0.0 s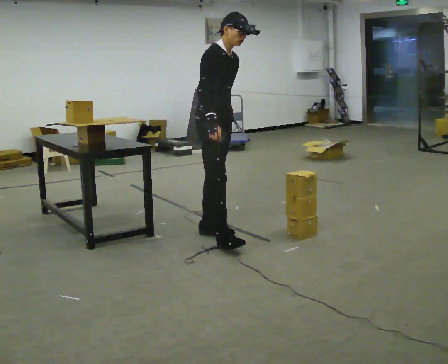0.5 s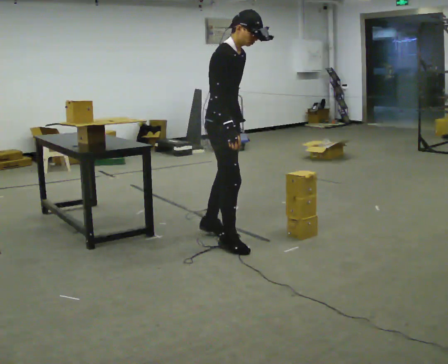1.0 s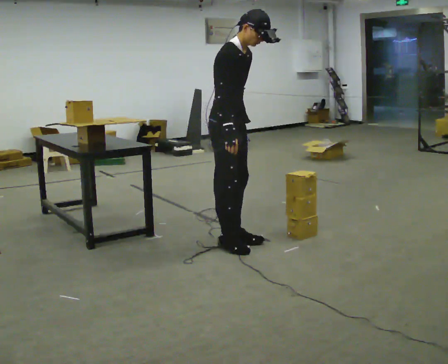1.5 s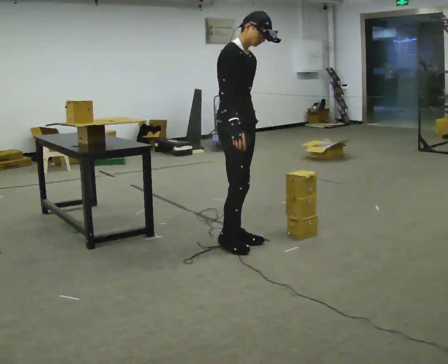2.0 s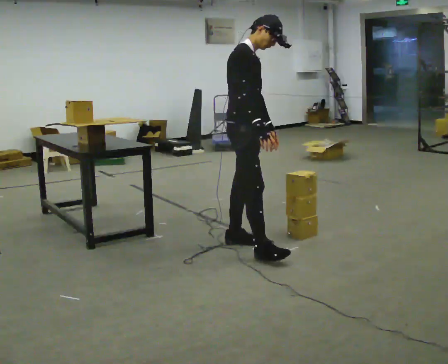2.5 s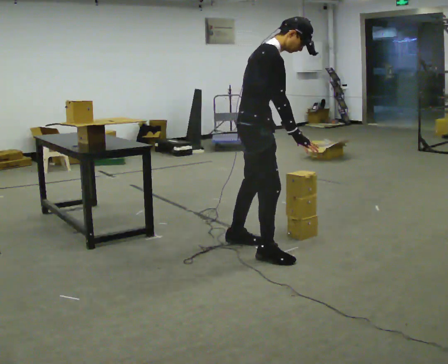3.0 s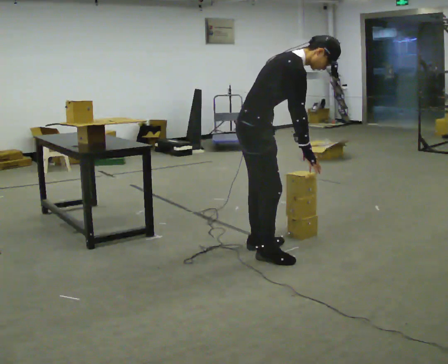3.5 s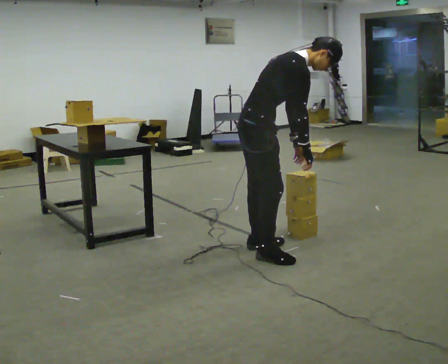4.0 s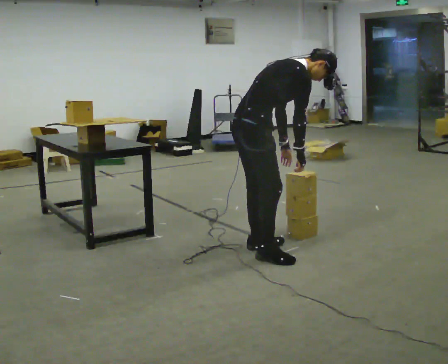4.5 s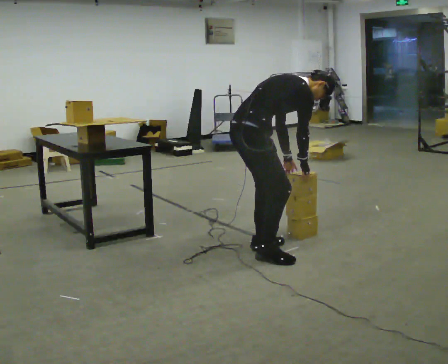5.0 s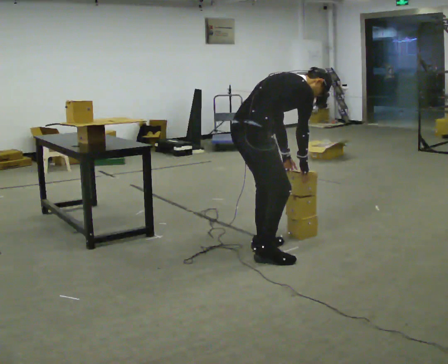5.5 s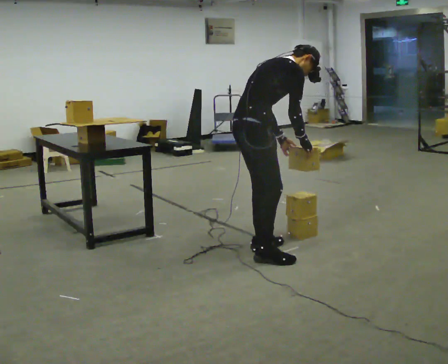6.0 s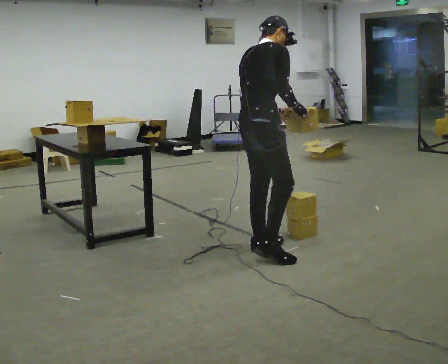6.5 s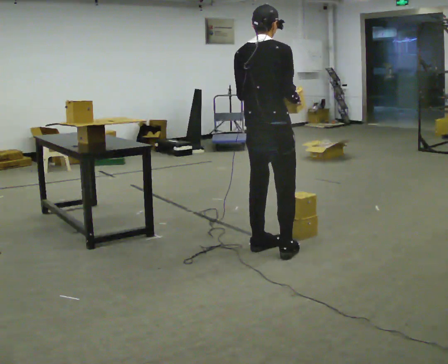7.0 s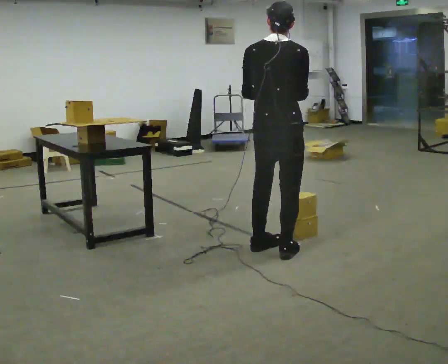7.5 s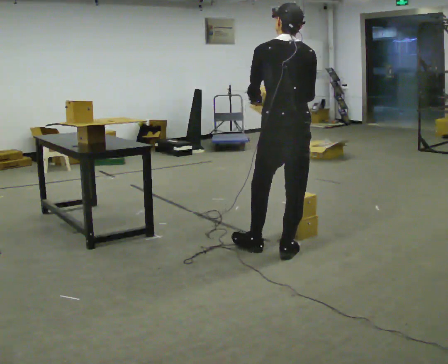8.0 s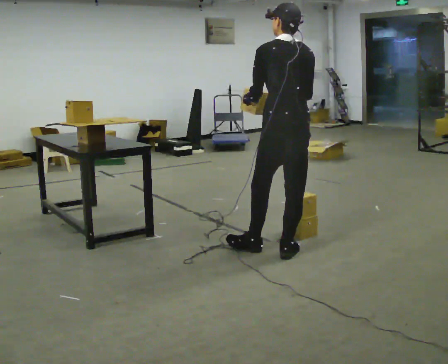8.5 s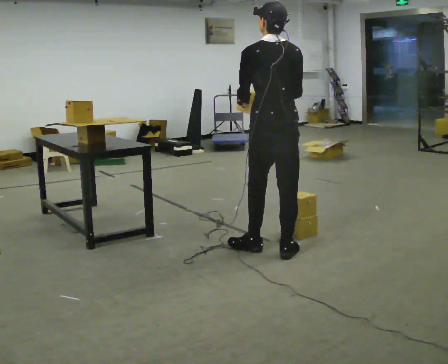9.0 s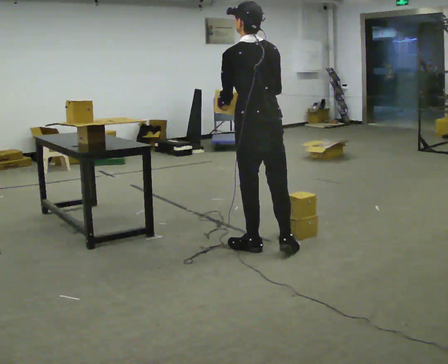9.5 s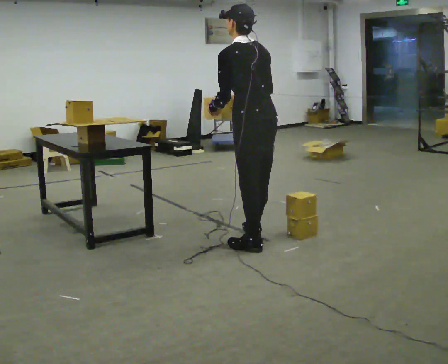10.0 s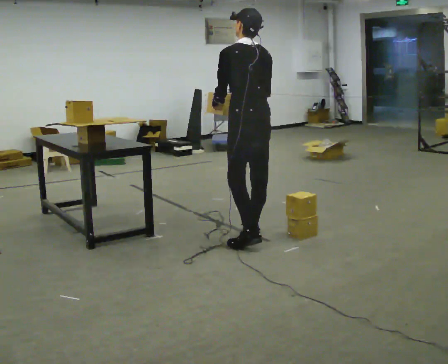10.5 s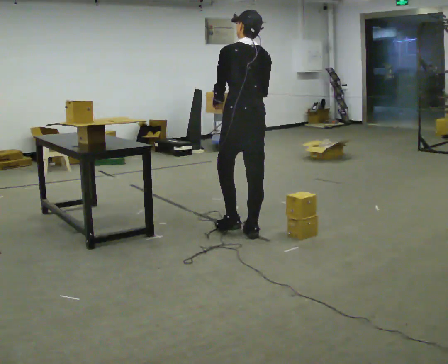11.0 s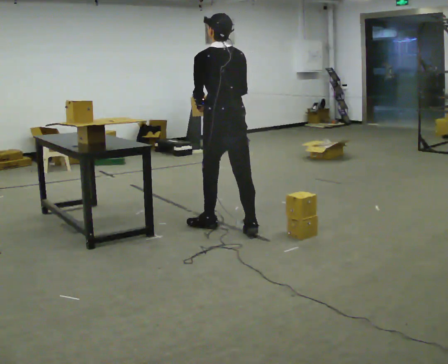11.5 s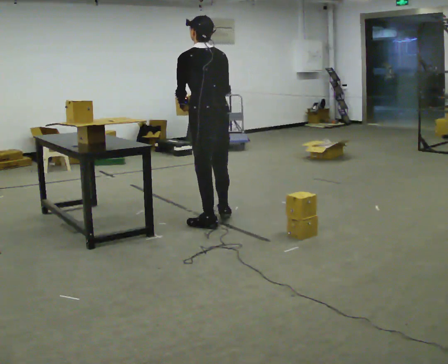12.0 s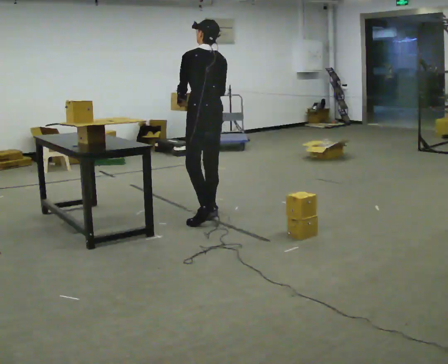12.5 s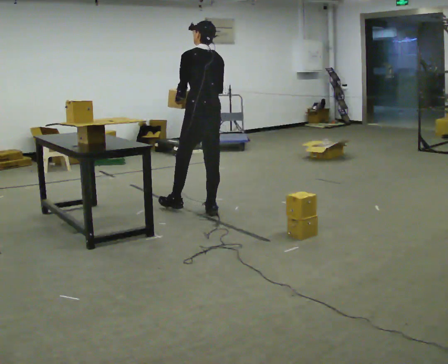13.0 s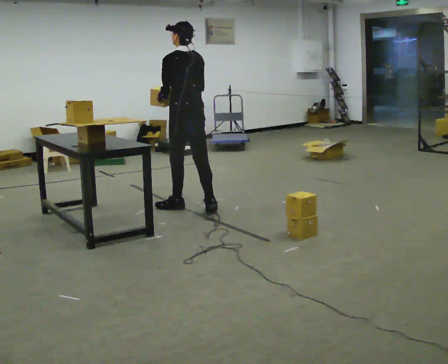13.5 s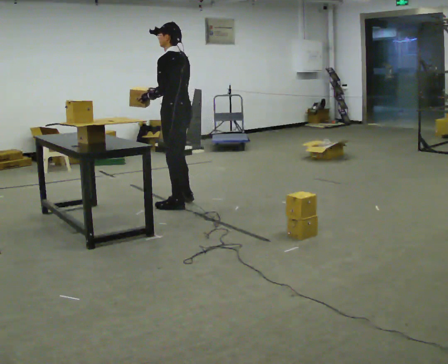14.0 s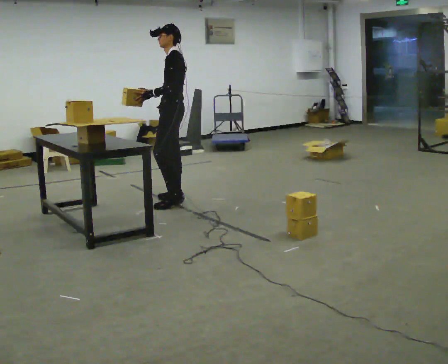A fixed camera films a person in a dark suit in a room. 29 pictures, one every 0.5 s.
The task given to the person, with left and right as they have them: Carry the object over and set it down on the wobbly board without tipping it over. Keep going until the operator says stop; one object at a time, and do not rush between trips.
0.0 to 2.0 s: In the picture they go to the right and toward the camera, about 0.25 m in 2 steps, which for them is forward and to their right.
2.0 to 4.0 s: The person turns about 45 degrees to their left, counterclockwise seen from above, so the part of the body nearest the lens slides to the right. In the picture they go toward the camera, about 0.25 m in 1 step, which for them is to their right. The upper body goes downward. In the picture the upper body tilts clockwise, shoulders to the right, as they bend forward.
4.0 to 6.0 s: The person moves a little, or ends about where they began.
6.0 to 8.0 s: The person turns about 75 degrees to their left, counterclockwise seen from above, so the part of the body nearest the lens slides to the right. In the picture they go to the right, about 0.25 m in 1 step.
8.0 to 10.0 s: In the picture they go away from the camera and to the left, about 0.5 m in 1 step, which for them is forward.
10.0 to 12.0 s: In the picture they go away from the camera and to the left, about 0.5 m in 2 steps, which for them is forward.
12.0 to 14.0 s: The person turns about 60 degrees to their left, counterclockwise seen from above, so the part of the body nearest the lens slides to the right. In the picture they go away from the camera and to the left, about 0.5 m in 2 steps, which for them is forward.
The film runs forward here.
